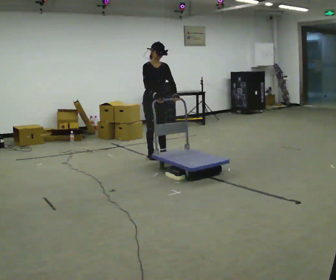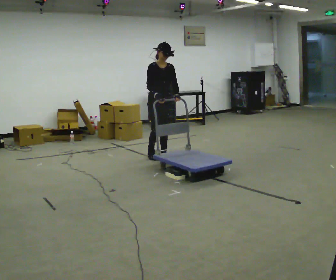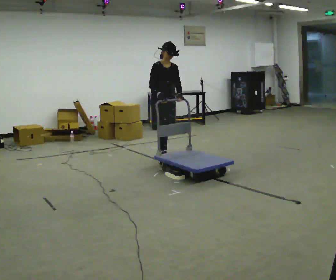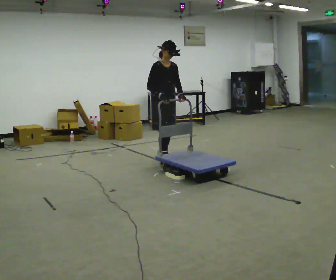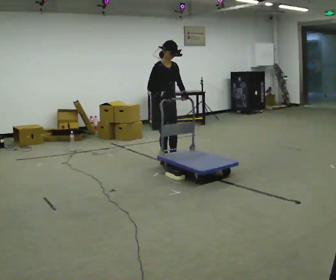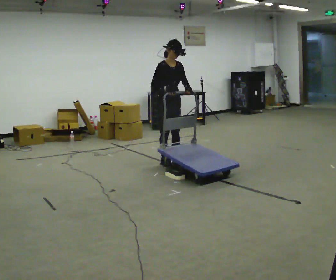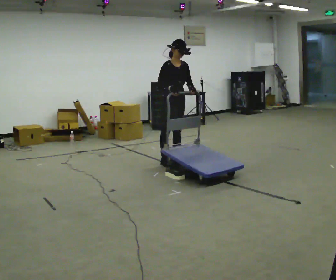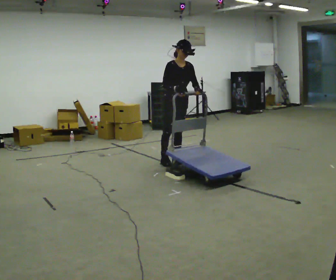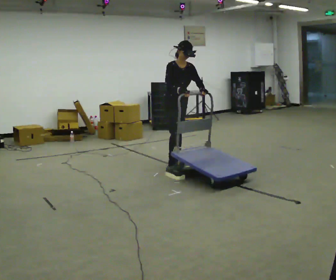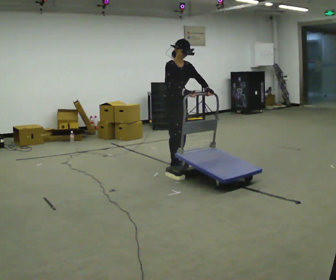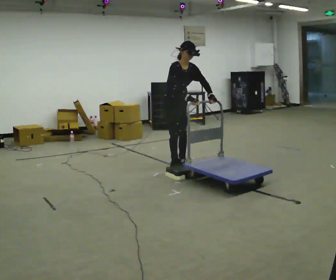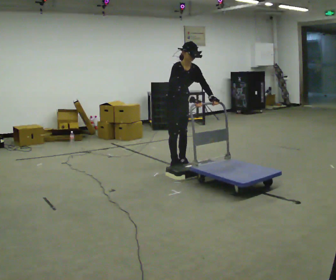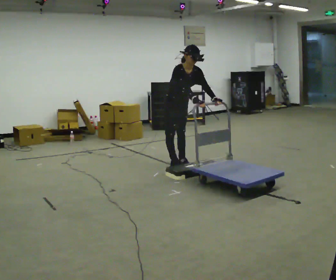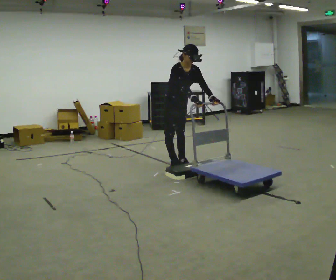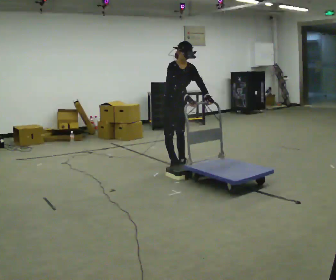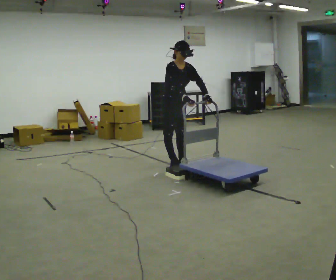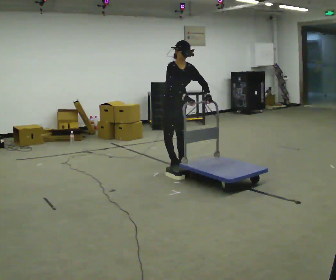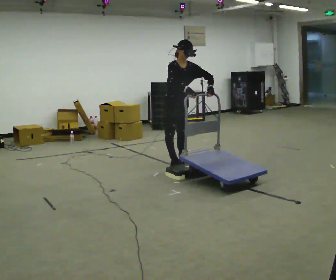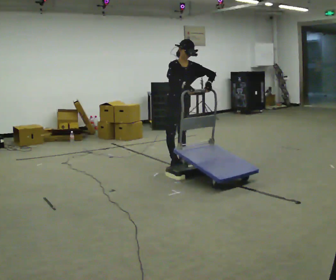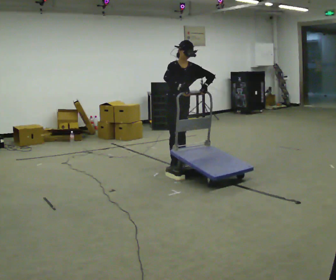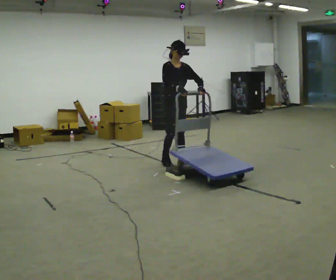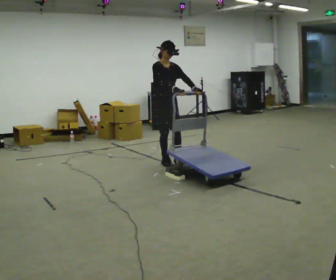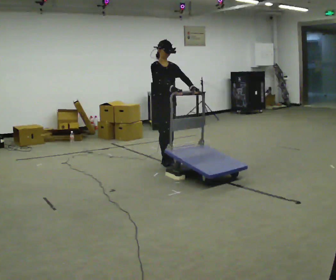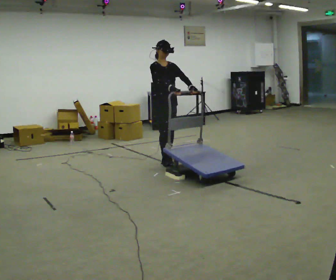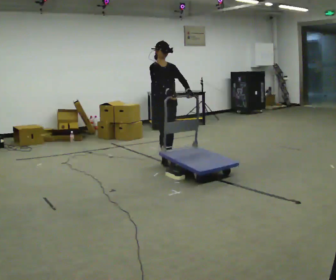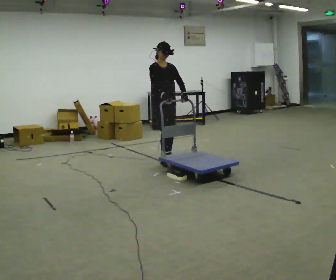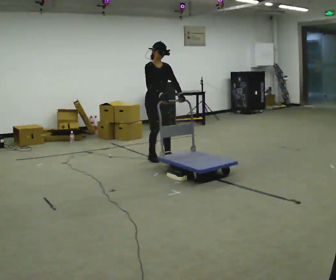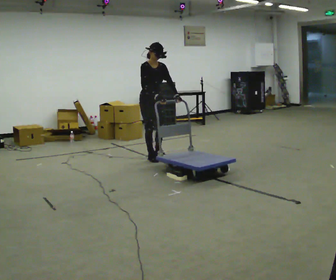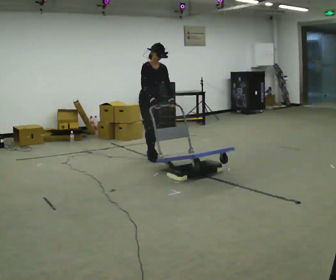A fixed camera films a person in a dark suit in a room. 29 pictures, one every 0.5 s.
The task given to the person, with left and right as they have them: Push the cart up over the low platform edge and down the other side, then bring it back over.
0.0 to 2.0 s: In the picture they go toward the camera, about 0.25 m in 1 step, which for them is forward.
2.0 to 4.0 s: In the picture they go to the right, about 0.25 m in 1 step, which for them is forward.
4.0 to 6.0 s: The upper body tips toward the camera, its near side rolling downward, as they bend forward.
6.0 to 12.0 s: In the picture they go away from the camera and to the left, about 0.25 m in 2 steps, which for them is backward. The upper body tips away from the camera, its near side rolling upward, as they lean back or straighten.
12.0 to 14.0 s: In the picture they go away from the camera and to the left, about 0.25 m in 2 steps, which for them is backward. In the picture the upper body tilts clockwise, shoulders to the right, as they bend forward.
The film runs forward here.
